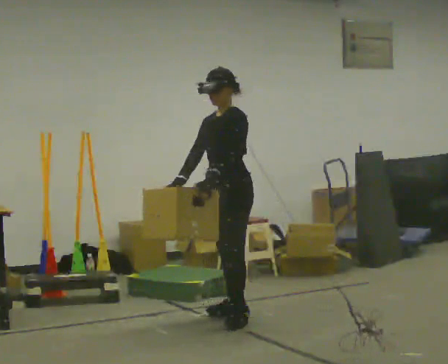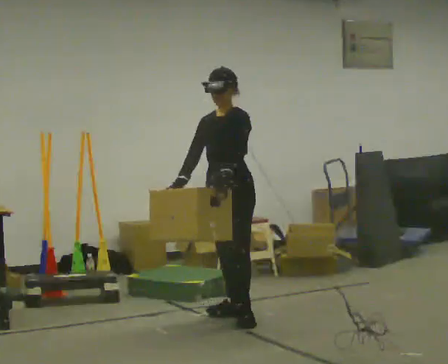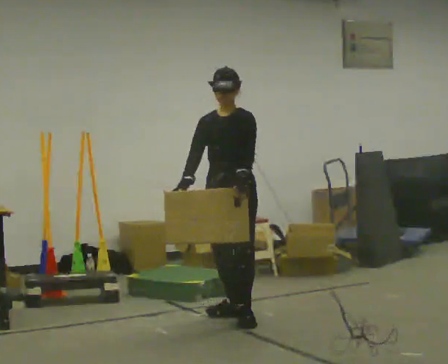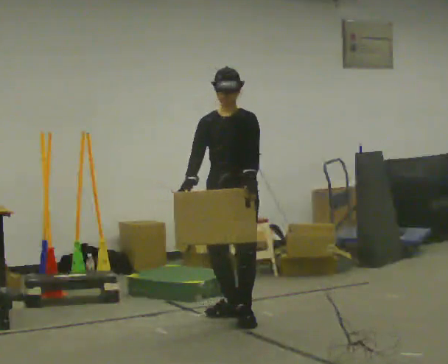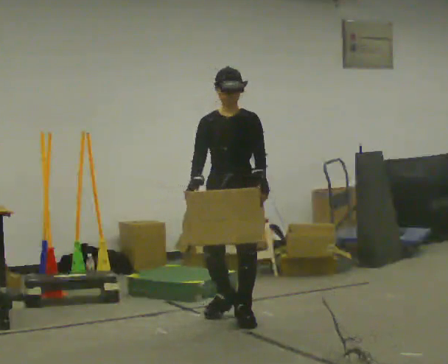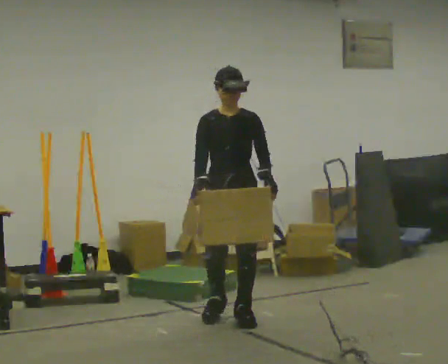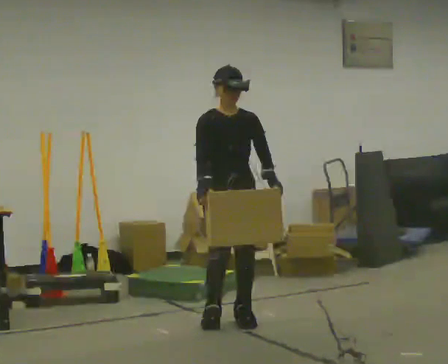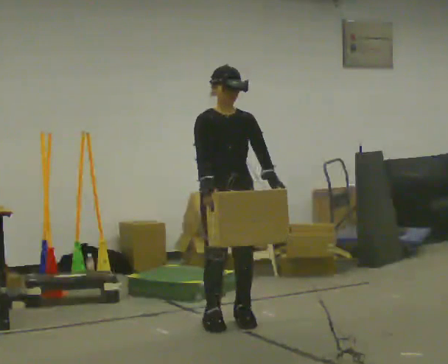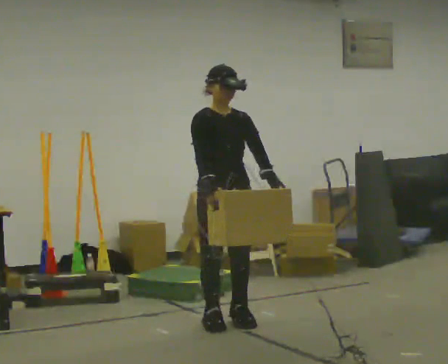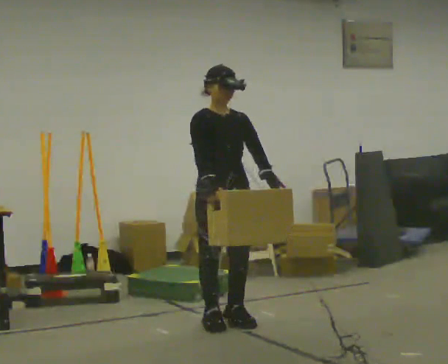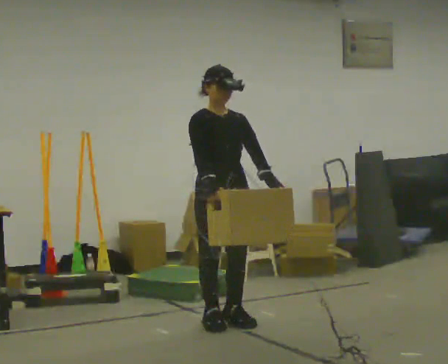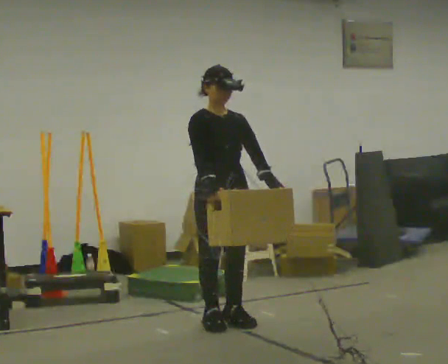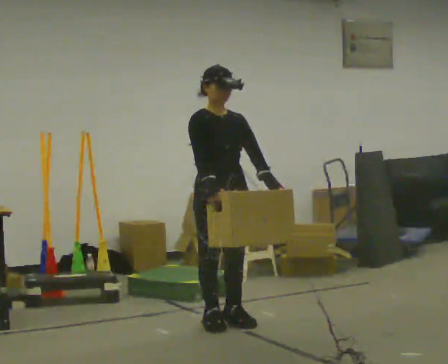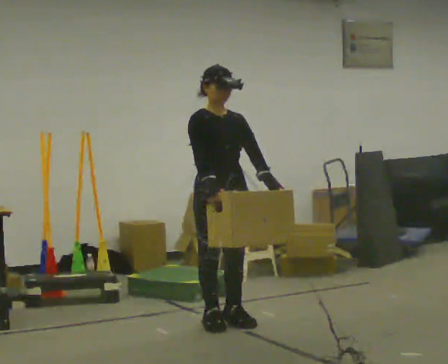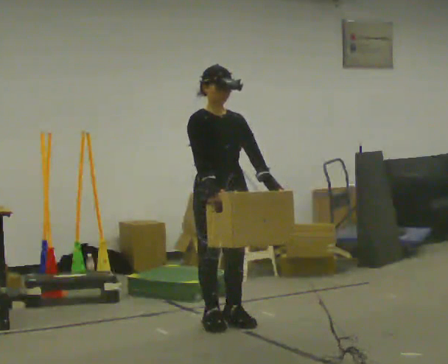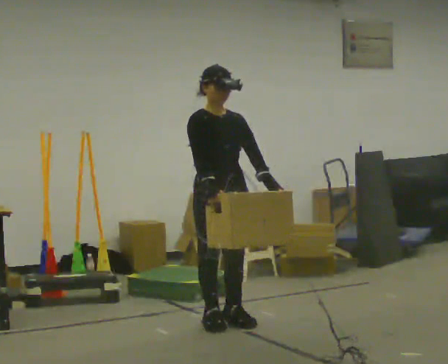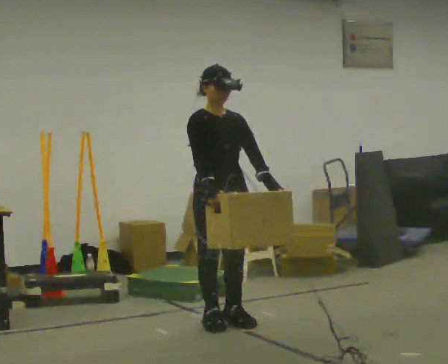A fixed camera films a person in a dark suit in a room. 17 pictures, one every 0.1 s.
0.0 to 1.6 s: Seen from above the body turns counterclockwise, about 75 degrees: to their left, with its near side sliding to the right. In the picture they go toward the camera, about 0.25 m in 1 step.
The film runs forward here.
